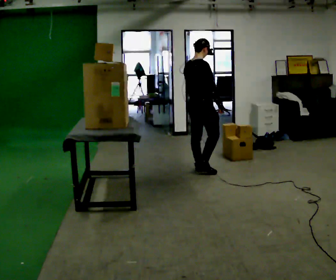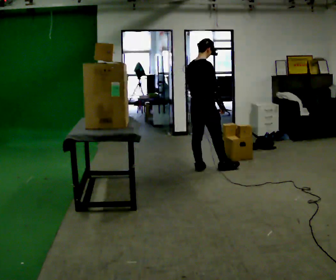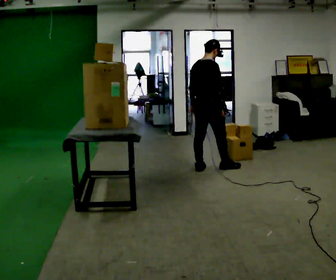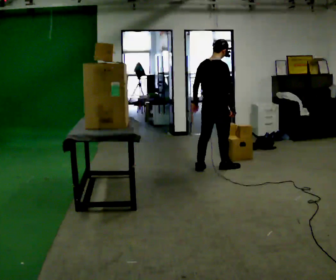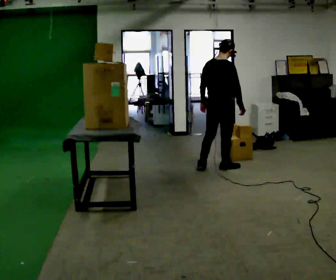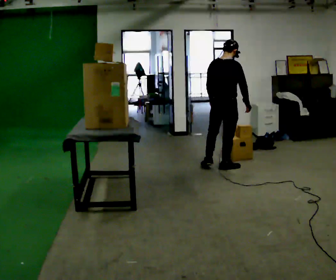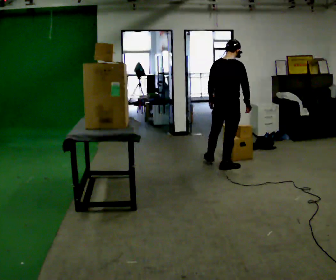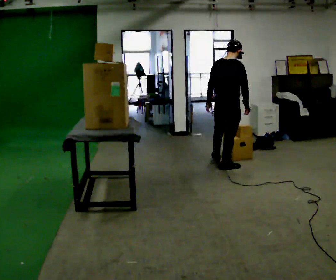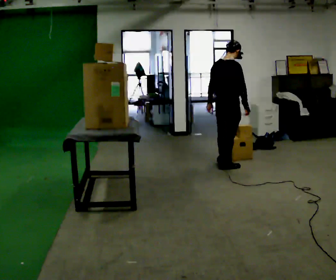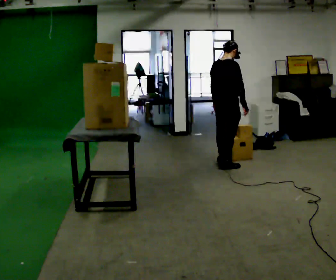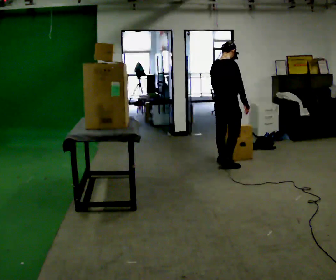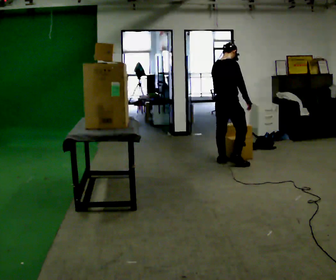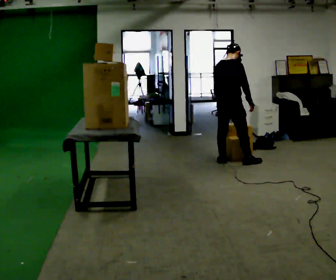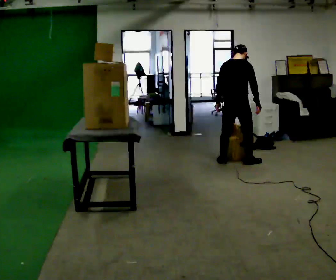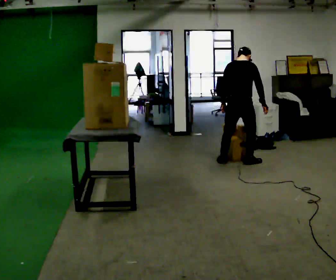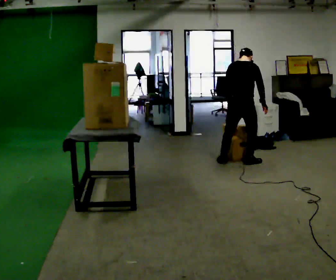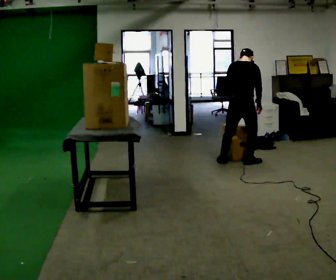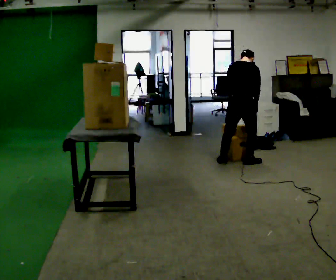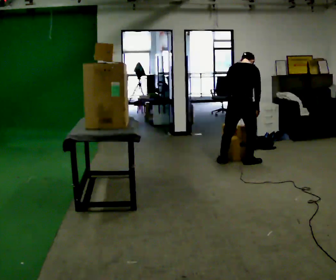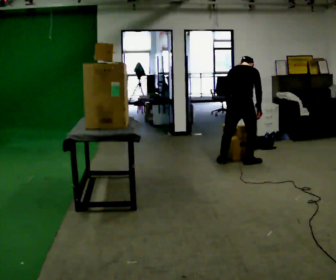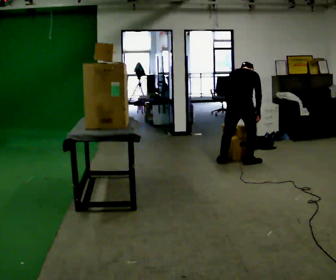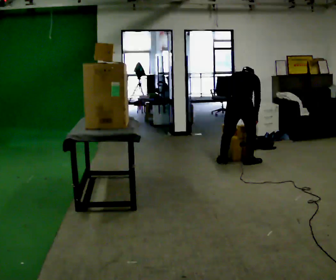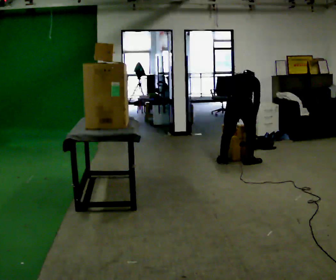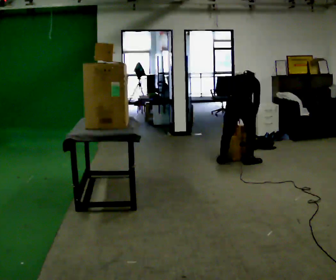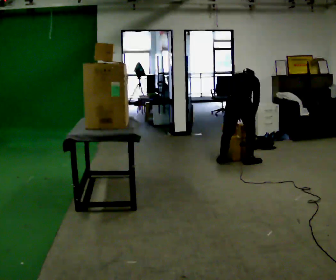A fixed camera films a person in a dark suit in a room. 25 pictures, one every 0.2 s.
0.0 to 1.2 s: The person turns about 30 degrees to their left, counterclockwise seen from above, so the part of the body nearest the lens slides to the right. In the picture they go to the right, about 0.25 m in 1 step, which for them is forward and to their right.
1.2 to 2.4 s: In the picture they go away from the camera, about 0.25 m in 2 steps, which for them is forward.
2.4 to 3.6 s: The upper body tips away from the camera, its near side rolling upward, as they bend forward.
3.6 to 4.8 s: The shoulders move downward. The upper body tips away from the camera, its near side rolling upward, as they bend forward.
The film runs forward here.
